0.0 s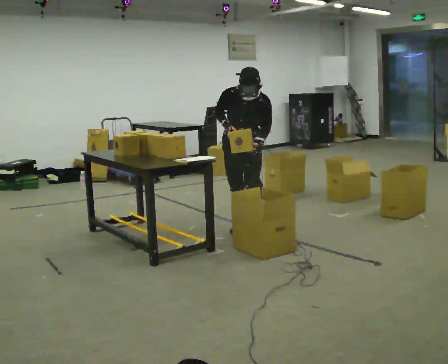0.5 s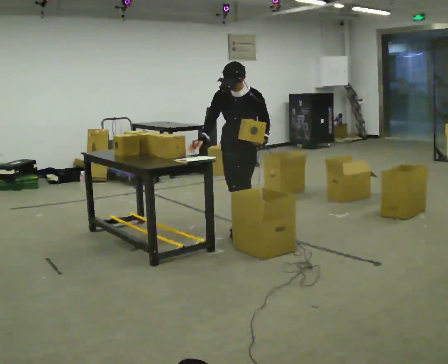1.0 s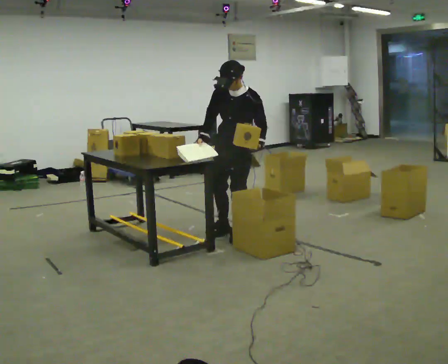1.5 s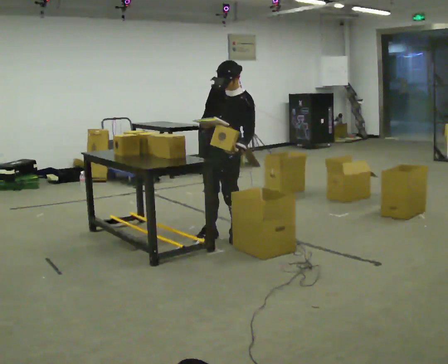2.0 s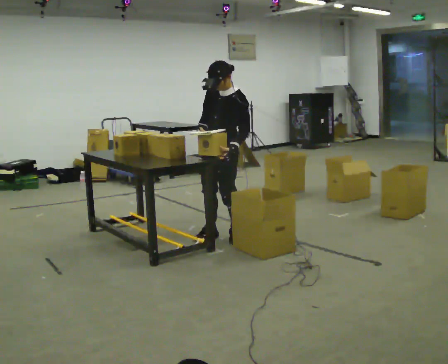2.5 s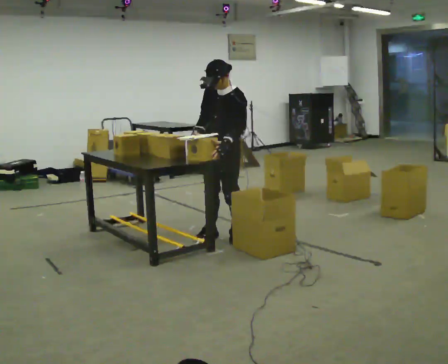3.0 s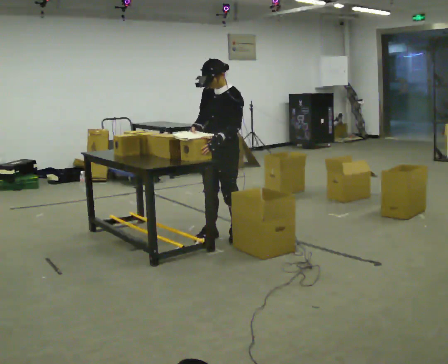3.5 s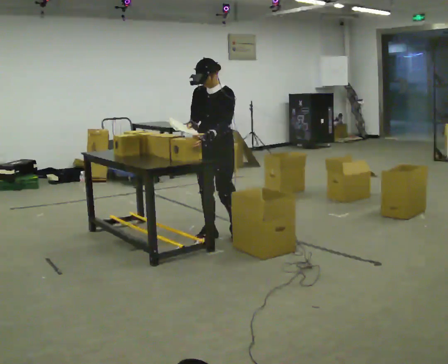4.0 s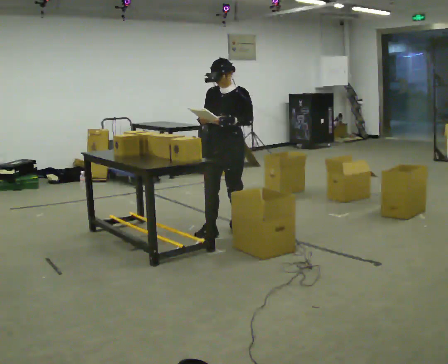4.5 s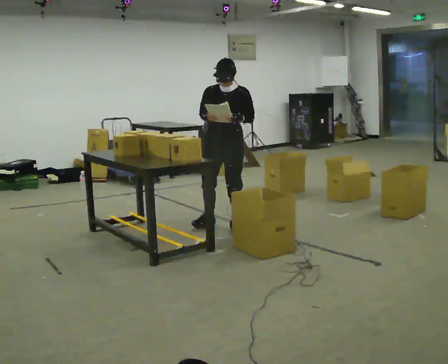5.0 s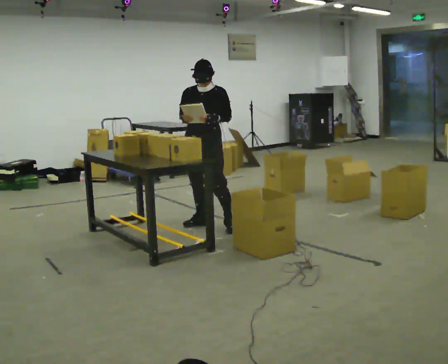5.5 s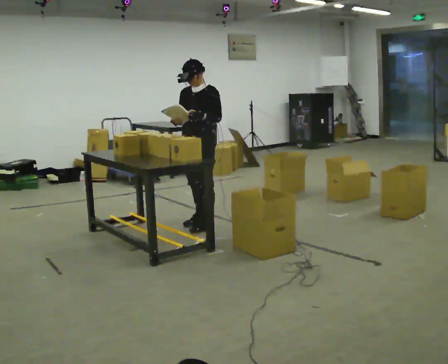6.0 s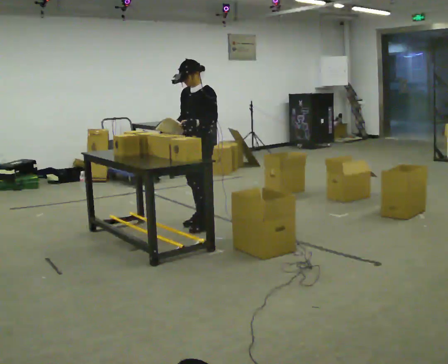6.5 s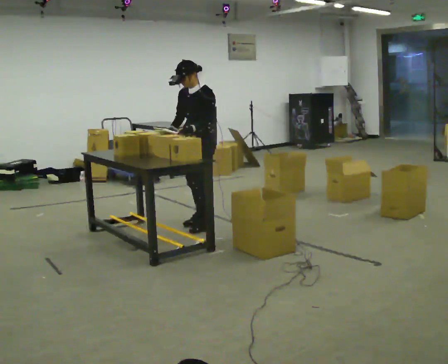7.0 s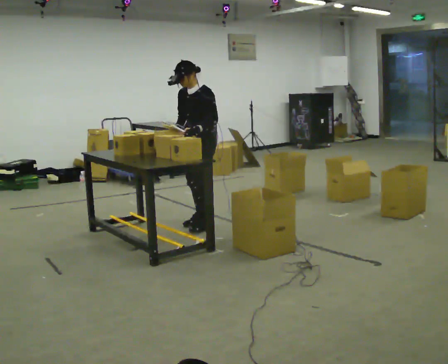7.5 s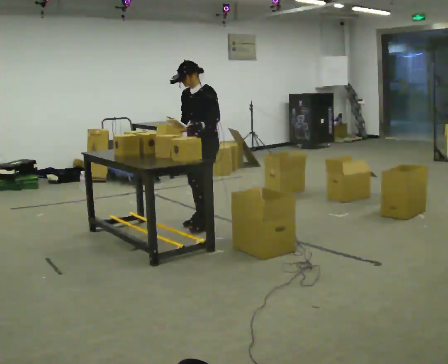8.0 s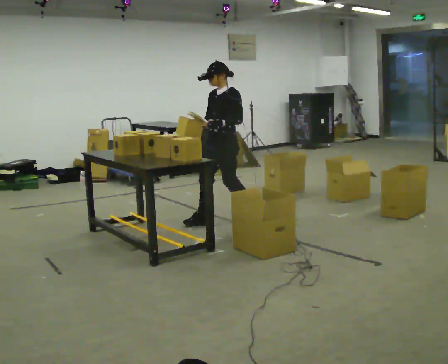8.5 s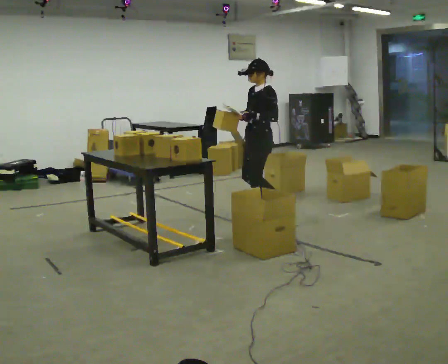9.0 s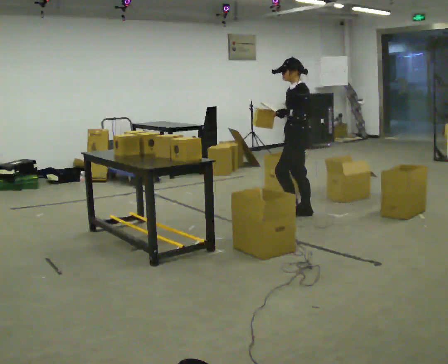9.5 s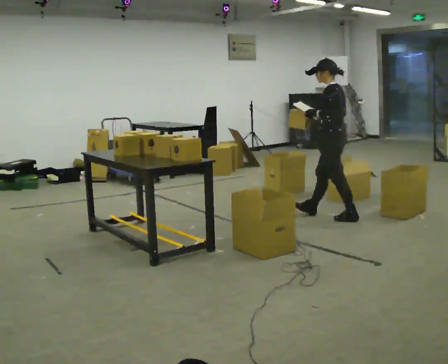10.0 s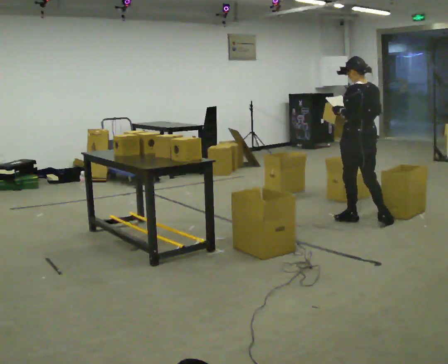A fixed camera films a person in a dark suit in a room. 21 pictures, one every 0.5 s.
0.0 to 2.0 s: The person turns about 30 degrees to their right, clockwise seen from above, so the part of the body nearest the lens slides to the left. In the picture they go to the left and toward the camera, about 0.25 m in 1 step, which for them is forward.
2.0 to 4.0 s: The person moves a little, or ends about where they began.
4.0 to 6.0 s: The part of the body nearest the lens slides to the left as the person turns to their right by about 30 degrees. In the picture they go to the left and away from the camera, about 0.25 m in 2 steps, which for them is to their right.
6.0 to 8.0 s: In the picture they go to the right, about 0.25 m in 1 step, which for them is backward.
8.0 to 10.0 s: The person turns about 90 degrees to their right, clockwise seen from above, so the part of the body nearest the lens slides to the left. In the picture they go to the right, about 1 m in 3 steps.
The film runs backward here.
